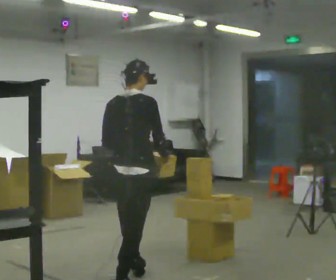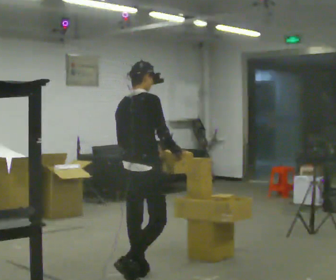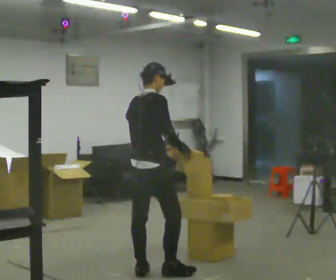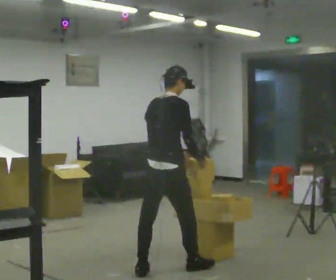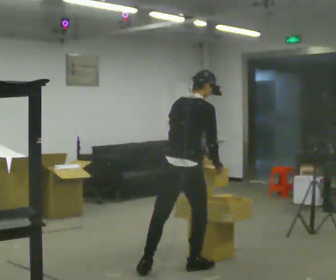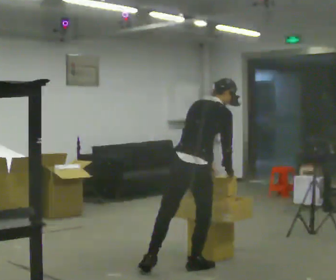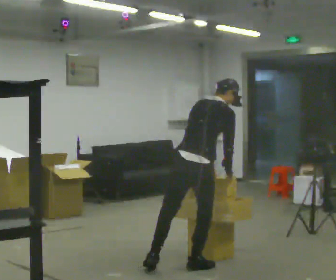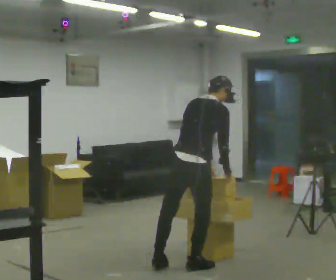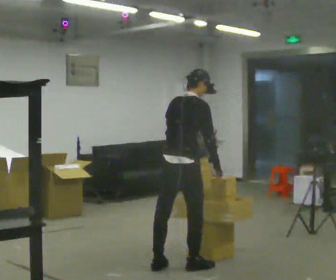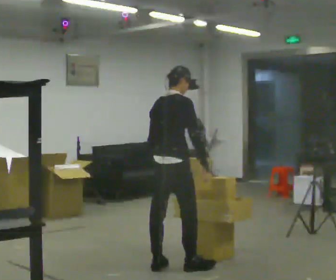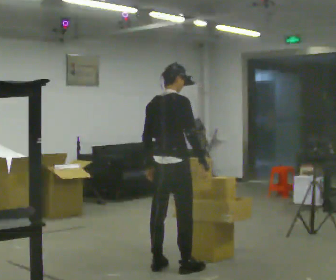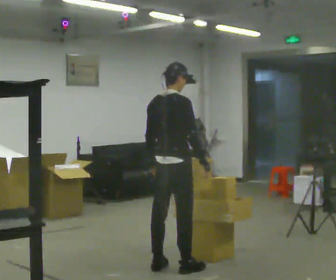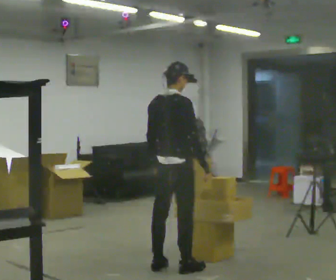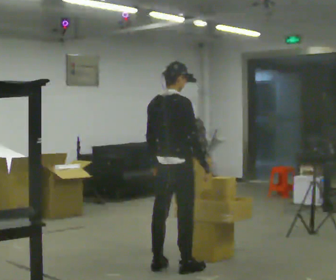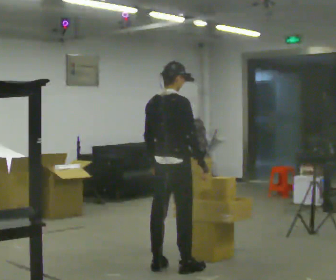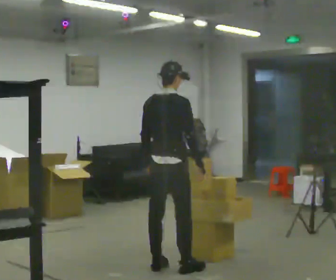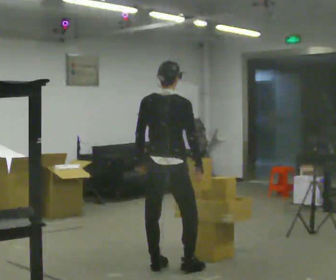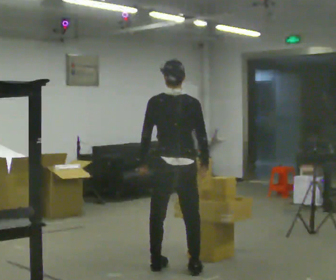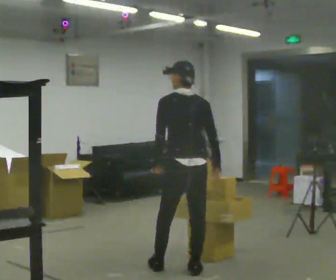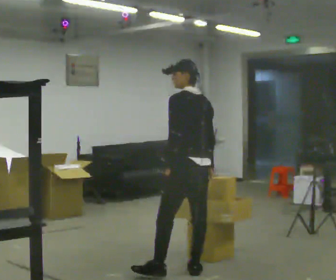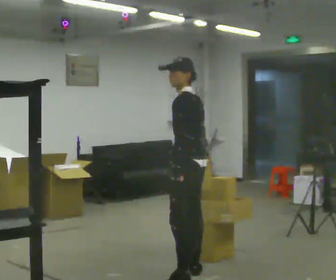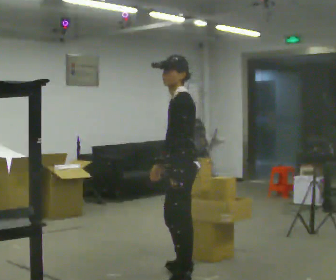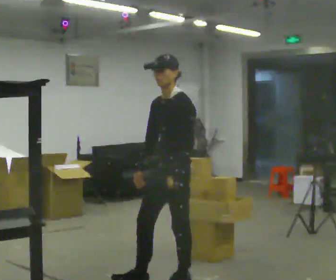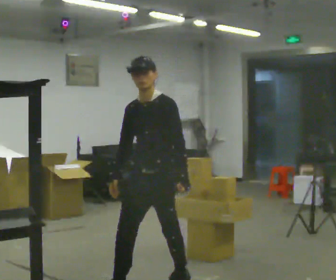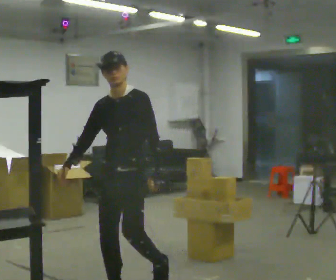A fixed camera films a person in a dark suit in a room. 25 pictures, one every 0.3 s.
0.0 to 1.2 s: In the picture they go away from the camera and to the right, about 0.5 m in 2 steps, which for them is forward. In the picture the upper body tilts clockwise, shoulders to the right, as they bend forward.
1.2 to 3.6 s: The person moves a little, or ends about where they began.
3.6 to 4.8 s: The part of the body nearest the lens slides to the right as the person turns to their left by about 30 degrees.
4.8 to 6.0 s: The person turns about 90 degrees to their left, counterclockwise seen from above, so the part of the body nearest the lens slides to the right. In the picture they go toward the camera and to the right, about 0.25 m in 1 step.
6.0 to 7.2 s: Seen from above the body turns counterclockwise, about 90 degrees: to their left, with its near side sliding to the right. In the picture they go toward the camera and to the left, about 0.75 m in 1 step.
The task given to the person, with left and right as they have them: Take an object down from the highest shelf you can comfortably reach, carry it across, and place it on the waist-height shelf. Keep going until the operator says stop; one object at a time, and do not rush between trips.
The film runs forward here.
